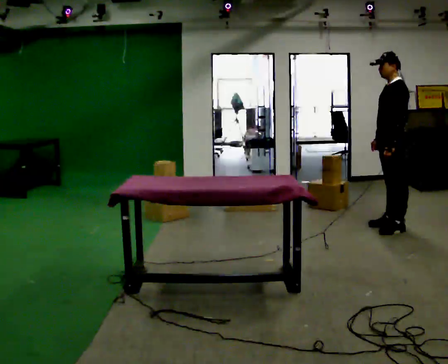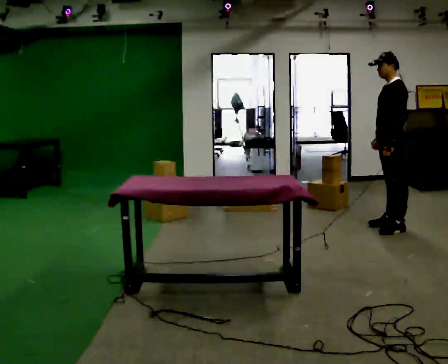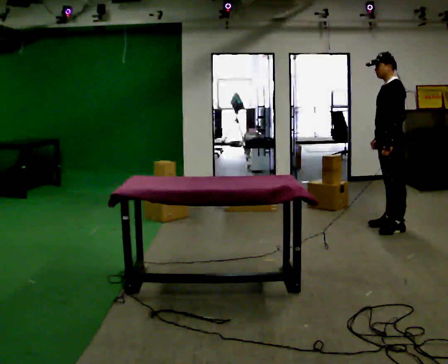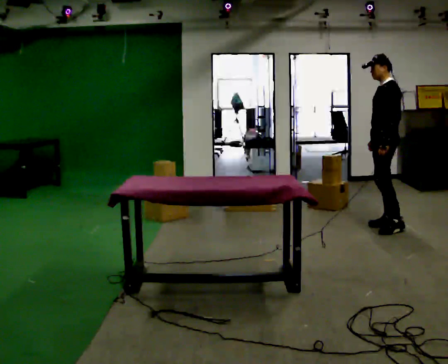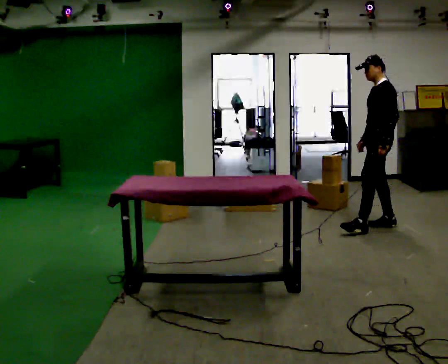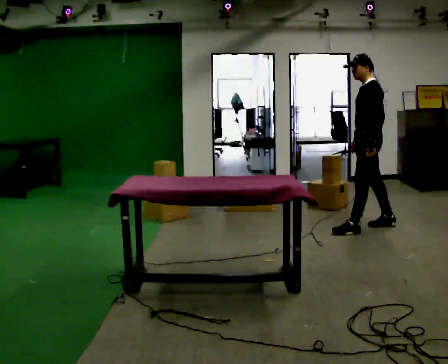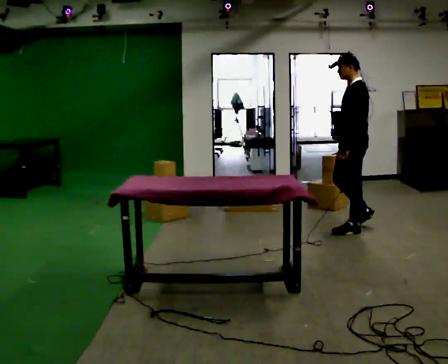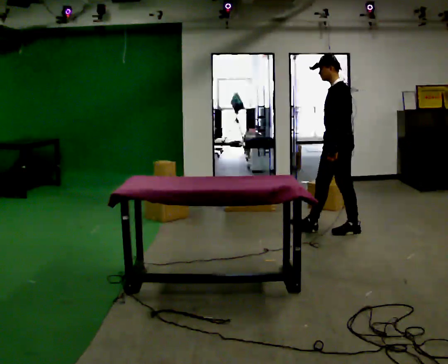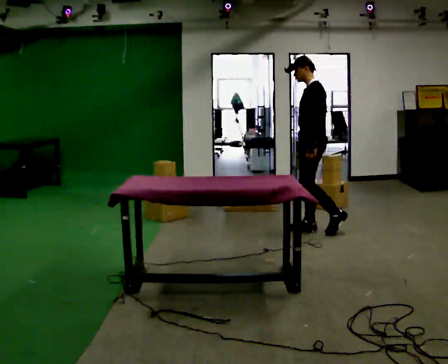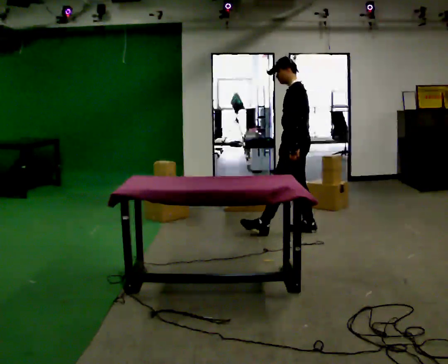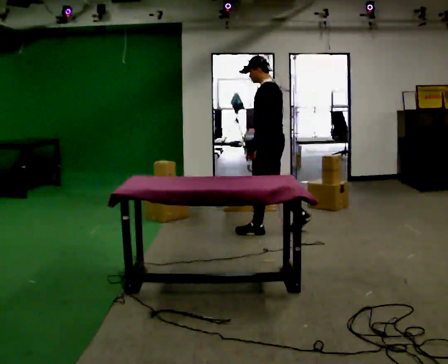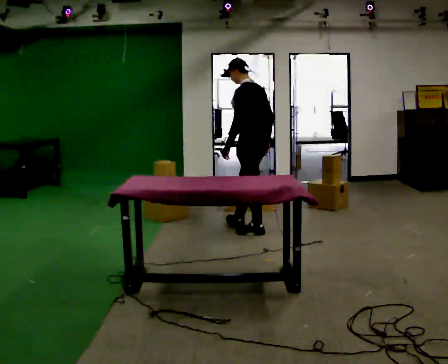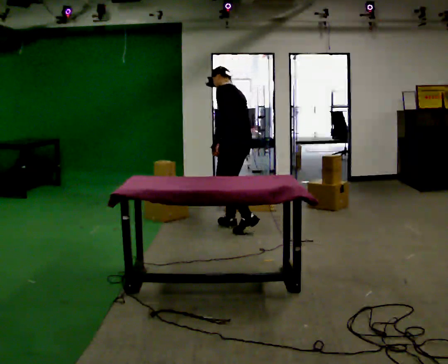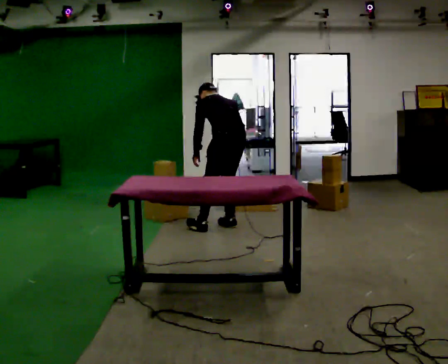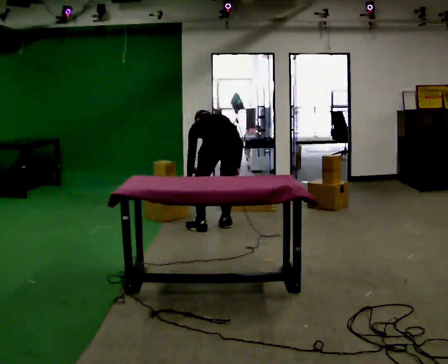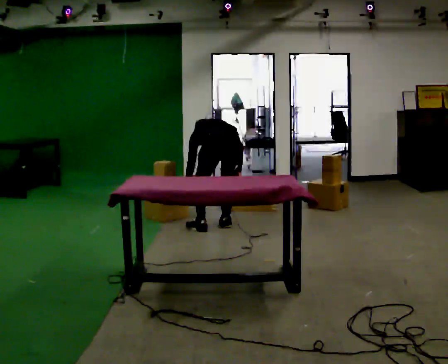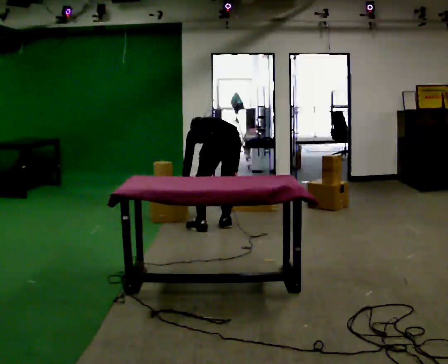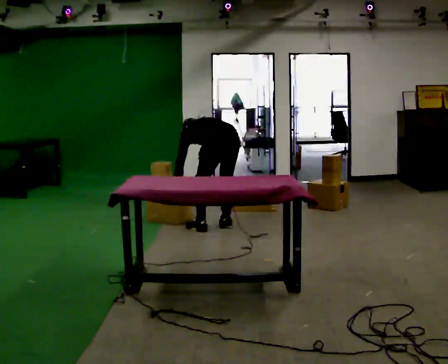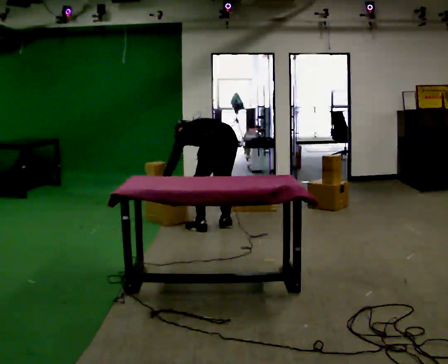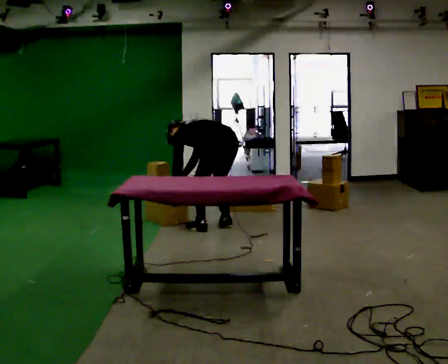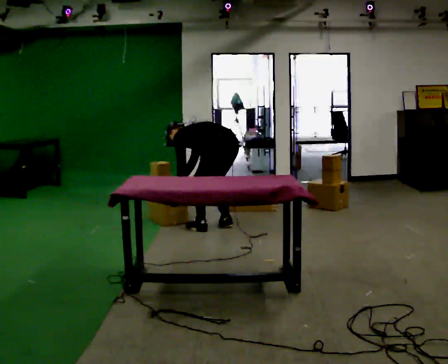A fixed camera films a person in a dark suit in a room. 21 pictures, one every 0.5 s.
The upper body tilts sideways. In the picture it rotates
counterclockwise.
The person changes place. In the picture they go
to the left.
0.0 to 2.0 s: The person moves a little, or ends about where they began.
2.0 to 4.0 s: In the picture they go to the left, about 0.75 m in 2 steps, which for them is forward.
4.0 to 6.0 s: The person turns about 30 degrees to their right, clockwise seen from above, so the part of the body nearest the lens slides to the left. In the picture they go to the left, about 0.5 m in 2 steps, which for them is forward.
6.0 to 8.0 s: Seen from above the body turns clockwise, about 45 degrees: to their right, with its near side sliding to the left. The shoulders move downward. The upper body tips away from the camera, its near side rolling upward, as they bend forward.
8.0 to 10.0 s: The part of the body nearest the lens slides to the right as the person turns to their left by about 30 degrees. In the picture the upper body tilts counterclockwise, shoulders to the left. In the picture their right hand goes to the left, the arm swinging clockwise.
The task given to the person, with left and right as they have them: 1. Take everything out of the crates by the door. 2. Put the small items on the middle shelf. 3. Put the large items on the bottom shelf. 4. Stack the empty crates by the door. 5. Tell the operator when you are finished.
The film runs forward here.
